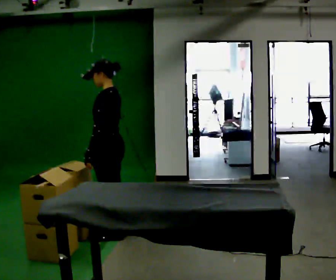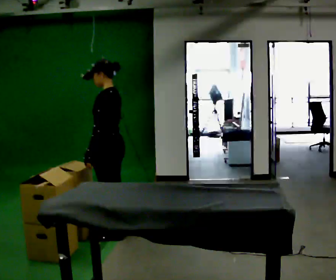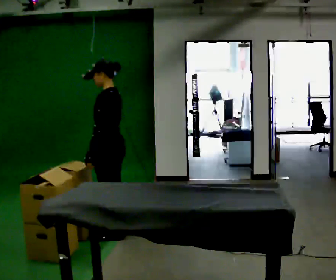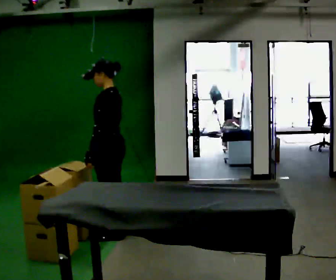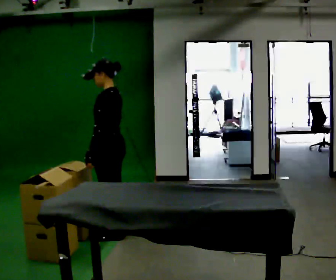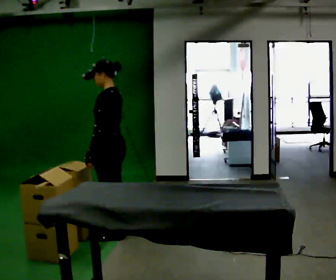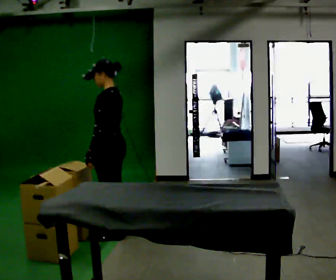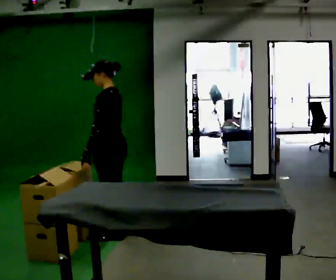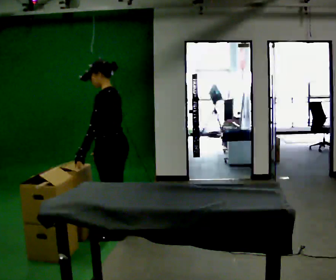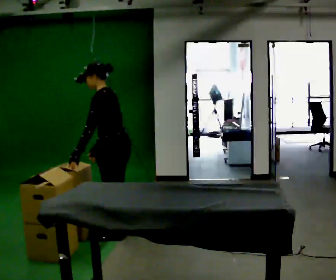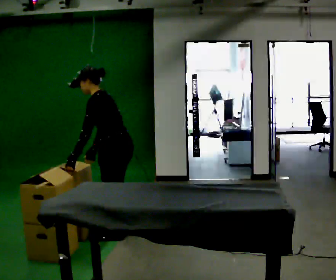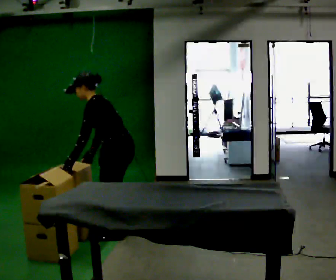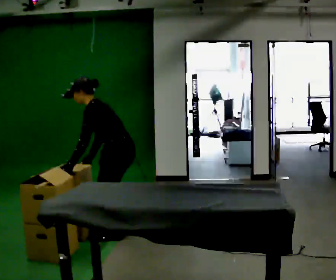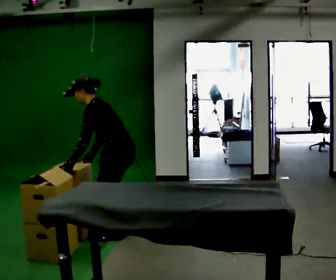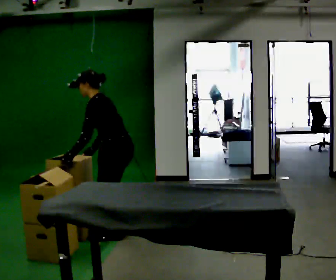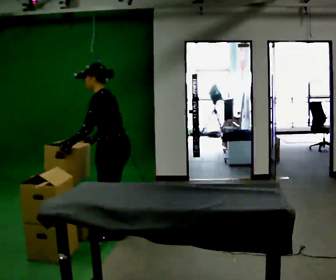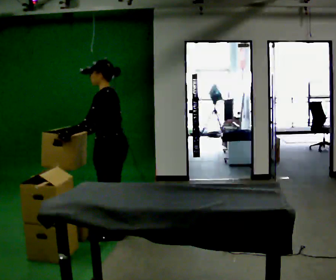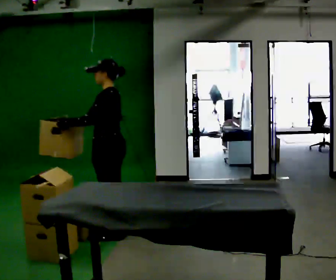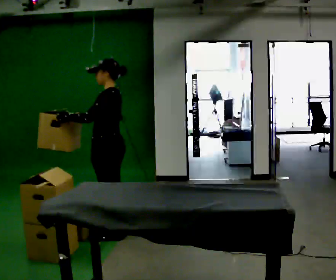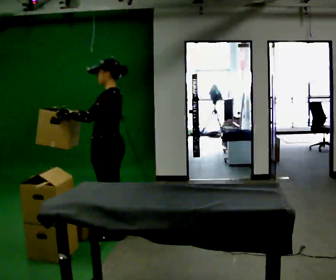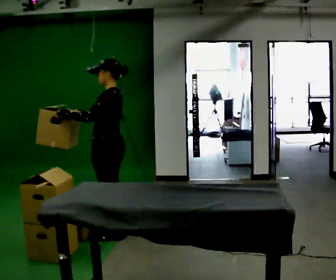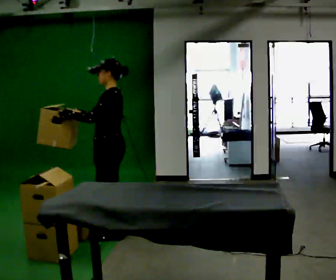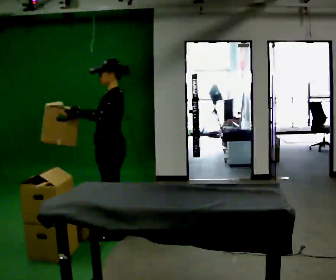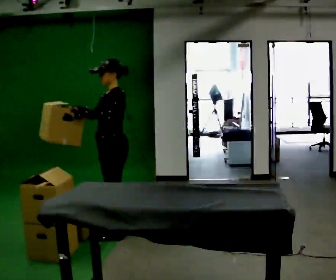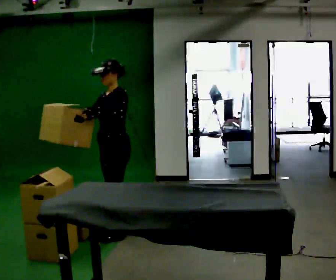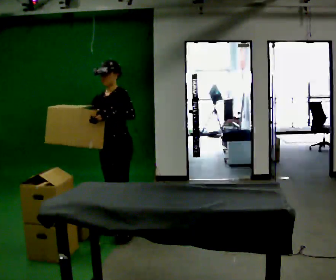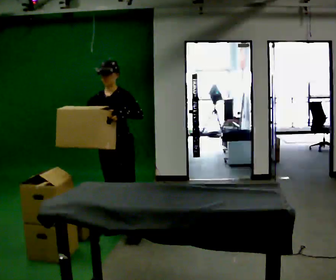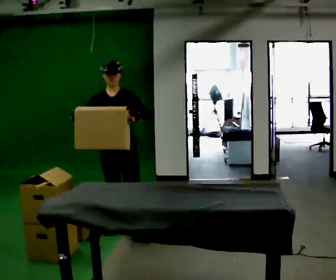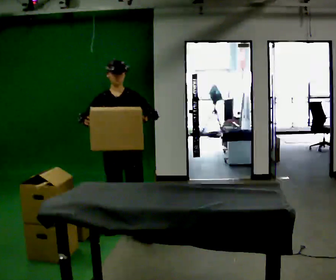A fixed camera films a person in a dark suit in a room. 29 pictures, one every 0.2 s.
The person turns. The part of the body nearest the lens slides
to the right.
The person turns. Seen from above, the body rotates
counterclockwise.
0.0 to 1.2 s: The person keeps their place and pose.
1.2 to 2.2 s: In the picture the upper body tilts counterclockwise, shoulders to the left, as they bend forward.
2.2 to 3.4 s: In the picture the upper body tilts clockwise, shoulders to the right, as they lean back or straighten. In the picture their left hand goes upward.
3.4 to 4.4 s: The person moves a little, or ends about where they began.
4.4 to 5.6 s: The part of the body nearest the lens slides to the right as the person turns to their left by about 75 degrees.
The film runs forward here.
